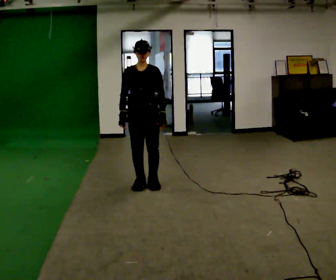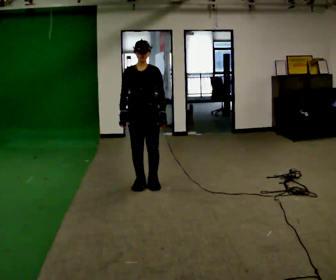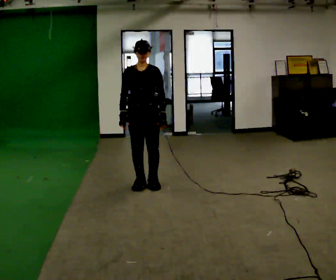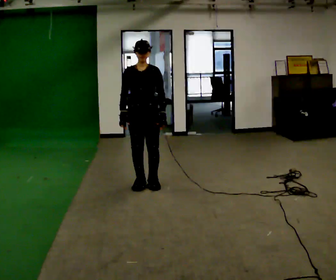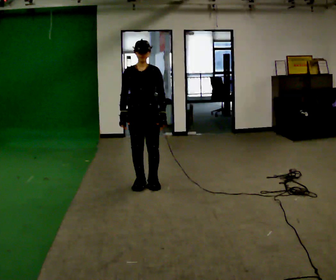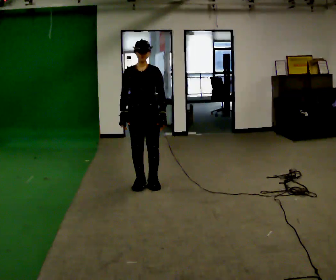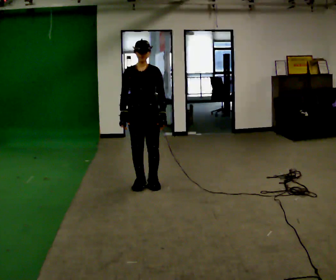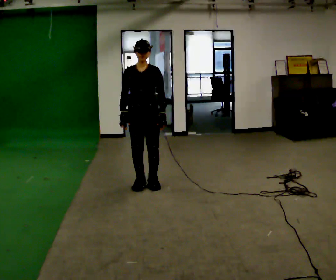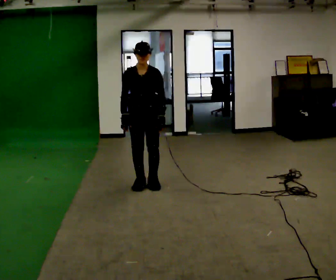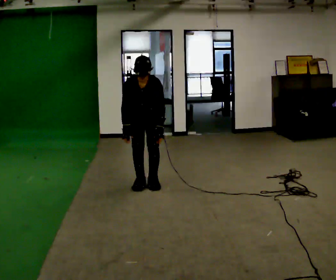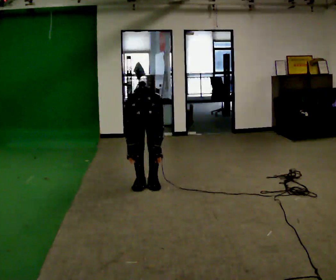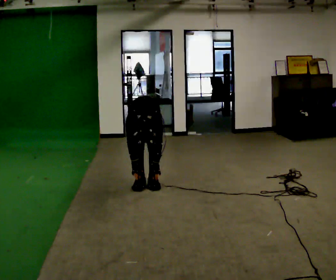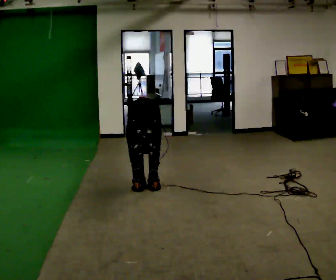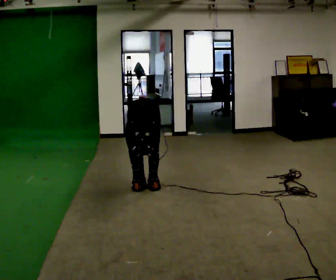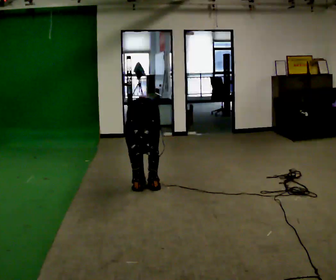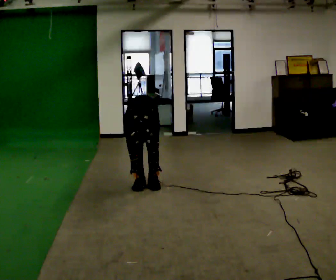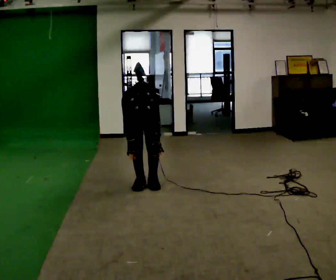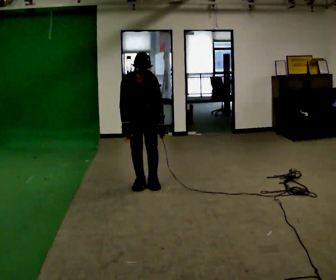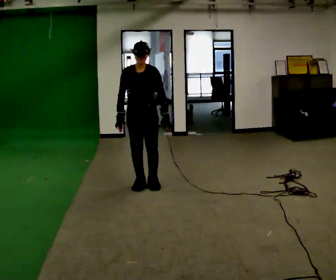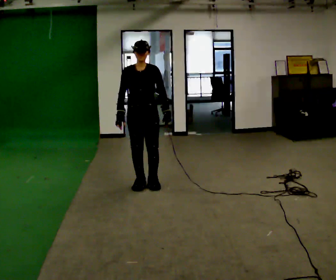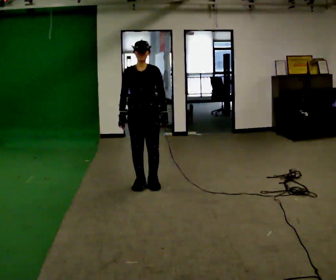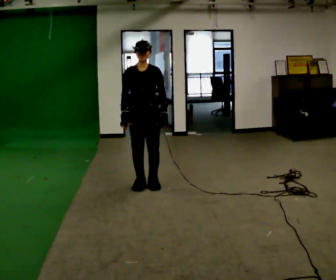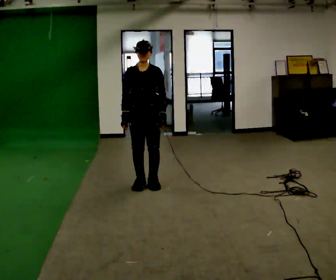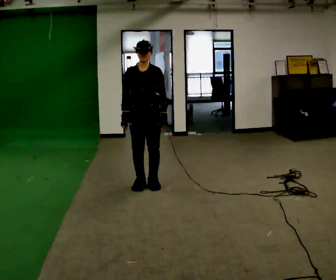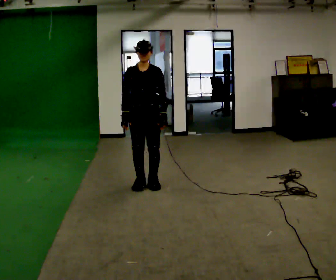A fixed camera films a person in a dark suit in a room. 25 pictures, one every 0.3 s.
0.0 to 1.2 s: The person keeps their place and pose.
1.2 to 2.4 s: The upper body tips toward the camera, its near side rolling downward, as they bend forward.
2.4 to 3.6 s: The upper body goes downward. The upper body tips toward the camera, its near side rolling downward, as they bend forward. In the picture their right hand goes downward.
3.6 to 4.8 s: The upper body goes upward. The upper body tips away from the camera, its near side rolling upward, as they lean back or straighten. In the picture their left hand goes upward.
4.8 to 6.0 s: The upper body goes upward. The upper body tips away from the camera, its near side rolling upward, as they lean back or straighten.
6.0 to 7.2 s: The person moves a little, or ends about where they began.
The film runs forward here.
